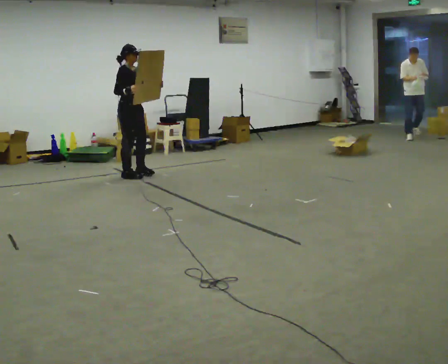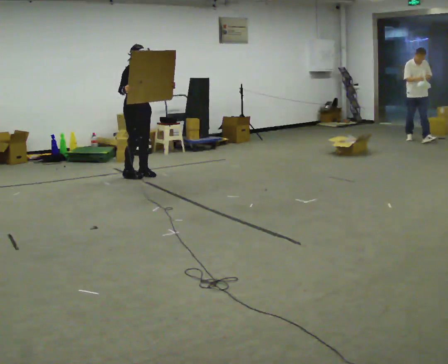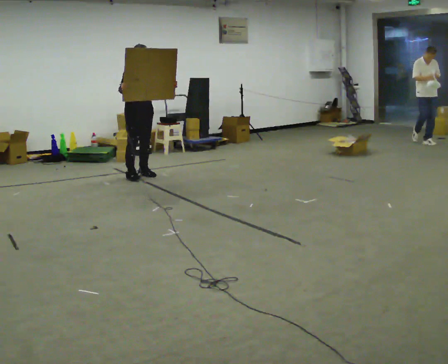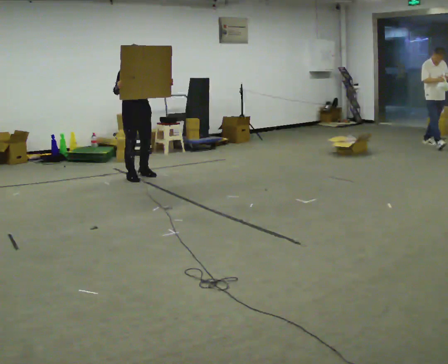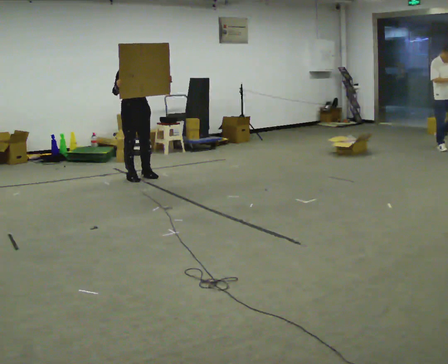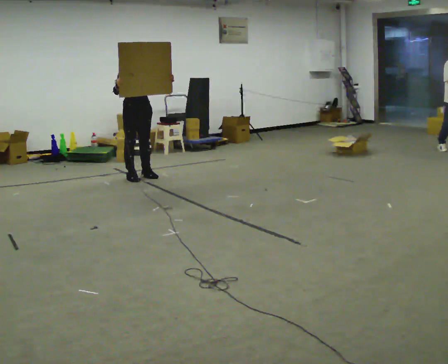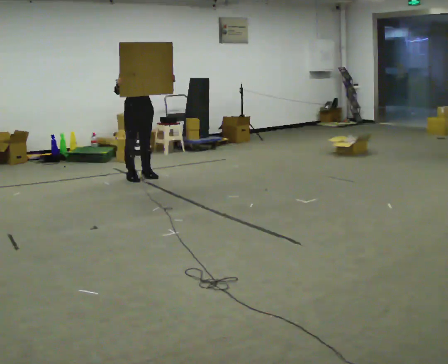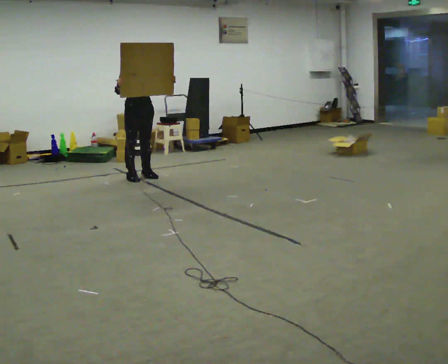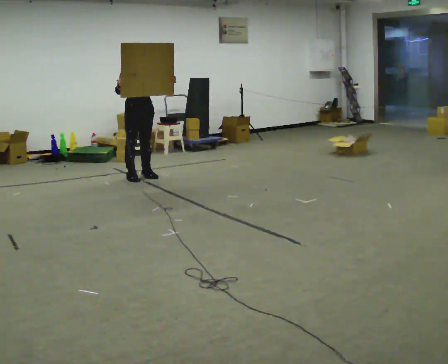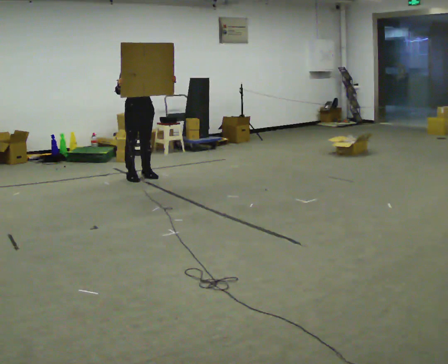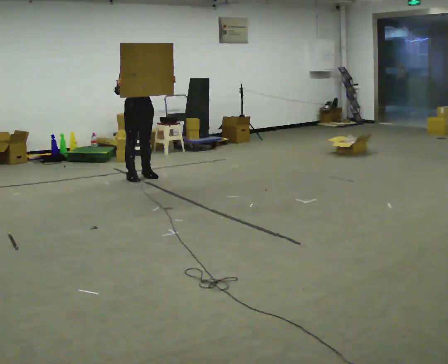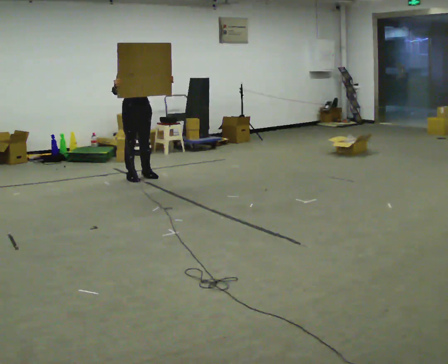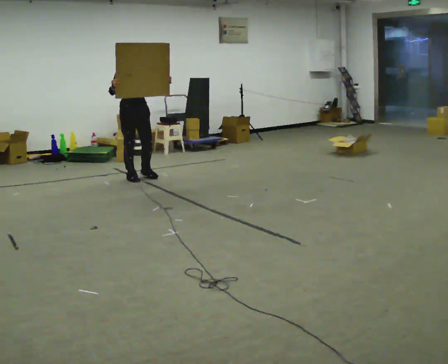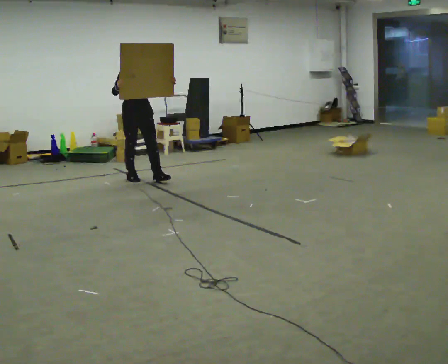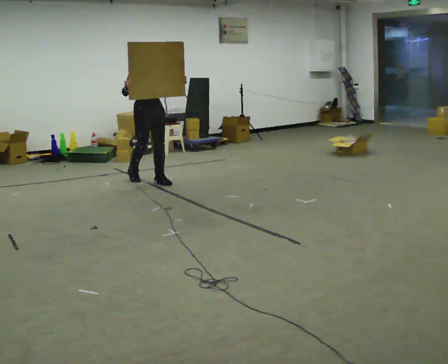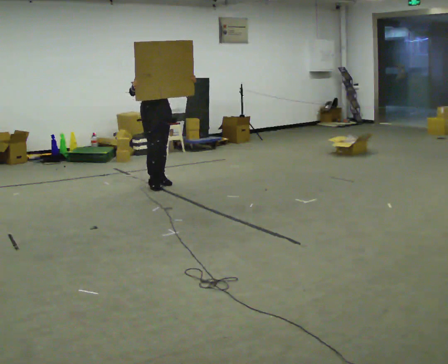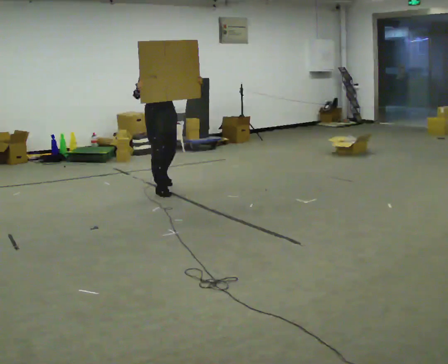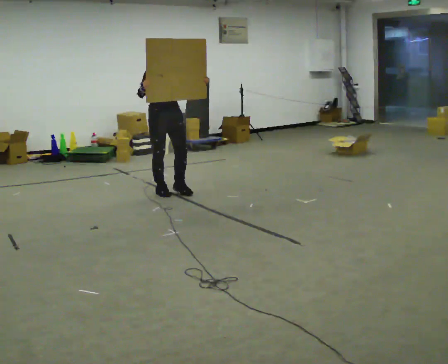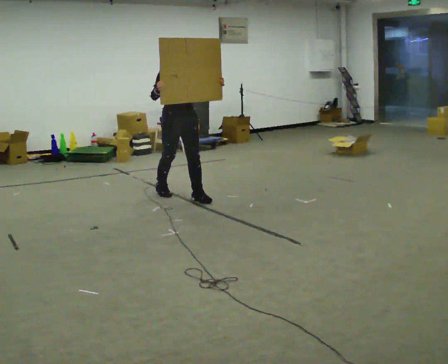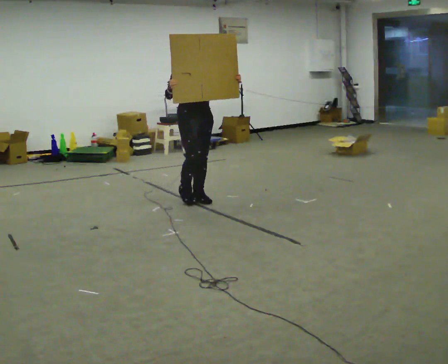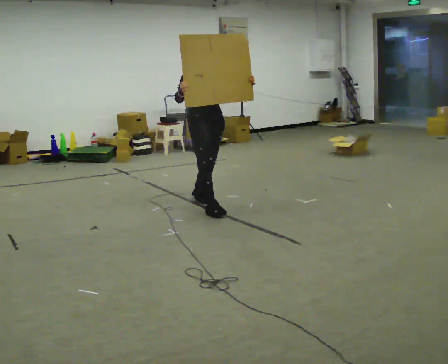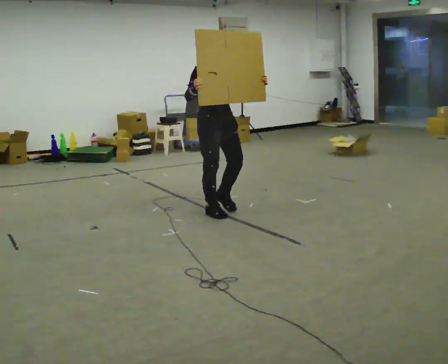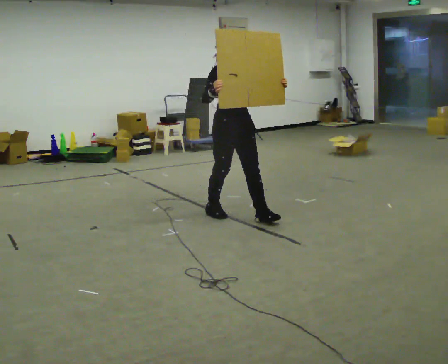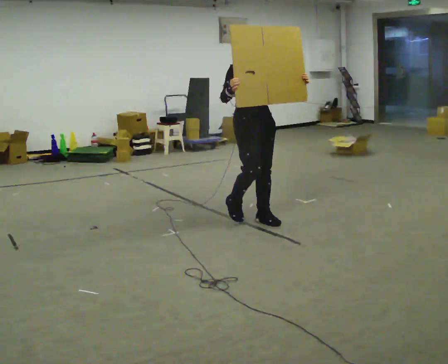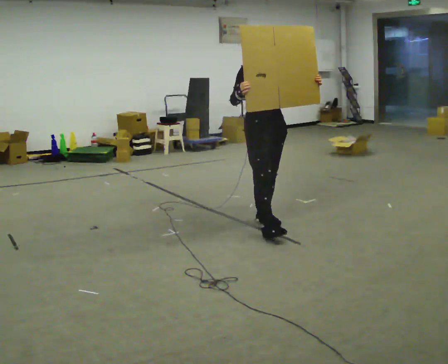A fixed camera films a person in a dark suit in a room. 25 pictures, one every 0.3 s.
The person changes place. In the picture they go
toward the camera.
0.0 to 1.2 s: Seen from above the body turns clockwise, about 30 degrees: to their right, with its near side sliding to the left.
1.2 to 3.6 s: The person moves a little, or ends about where they began.
3.6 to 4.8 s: In the picture they go toward the camera and to the right, about 0.75 m in 2 steps, which for them is forward.
4.8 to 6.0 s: In the picture they go toward the camera and to the right, about 1 m in 2 steps, which for them is forward.
6.0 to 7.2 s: In the picture they go toward the camera and to the right, about 1 m in 2 steps, which for them is forward.
The film runs forward here.
